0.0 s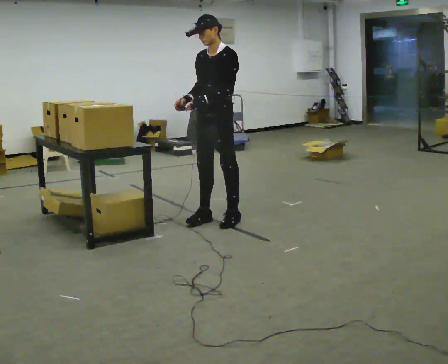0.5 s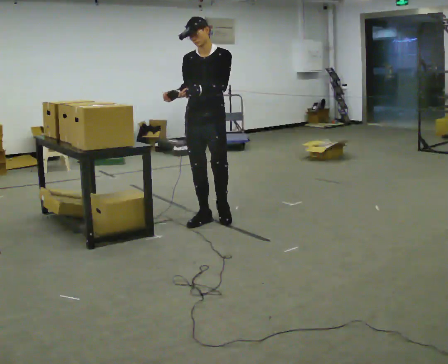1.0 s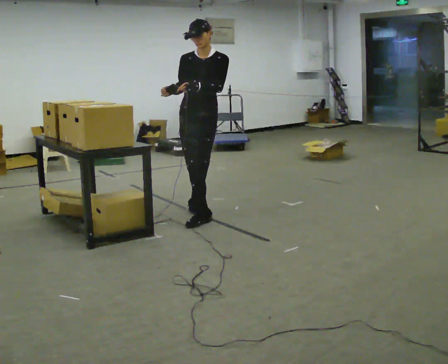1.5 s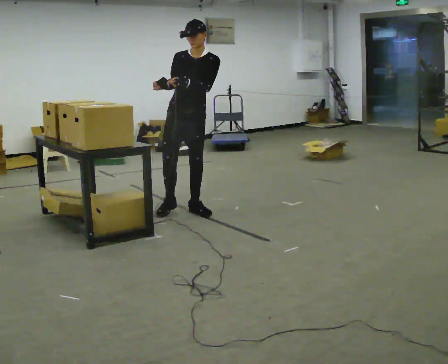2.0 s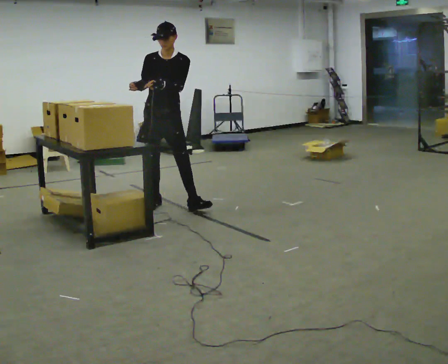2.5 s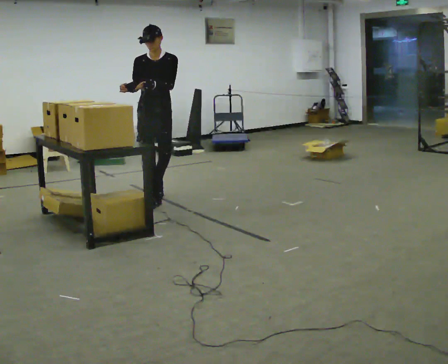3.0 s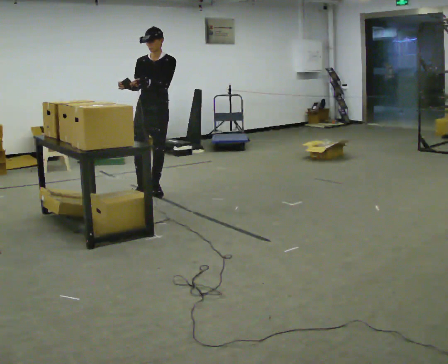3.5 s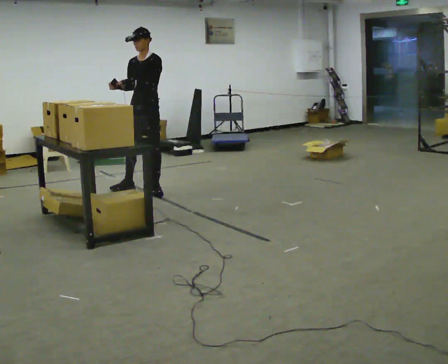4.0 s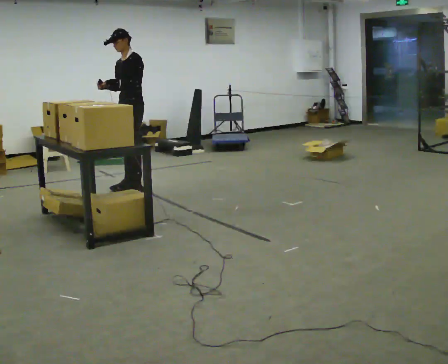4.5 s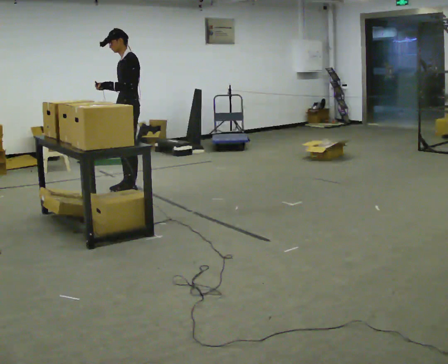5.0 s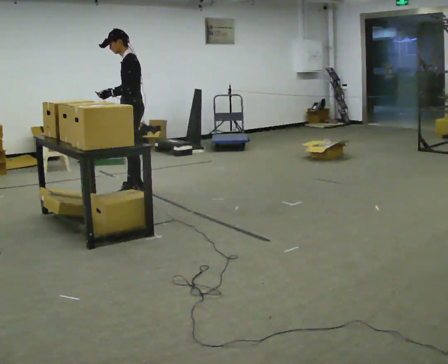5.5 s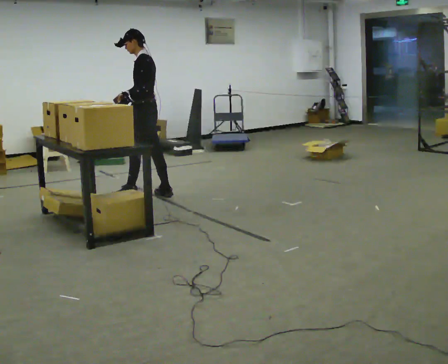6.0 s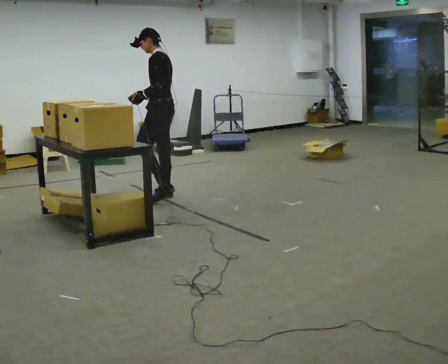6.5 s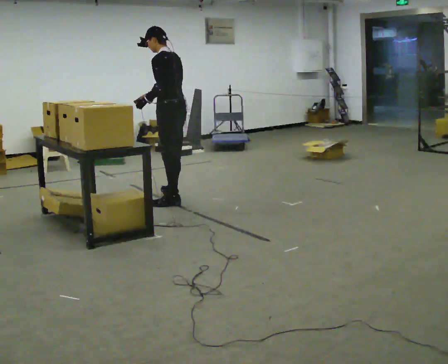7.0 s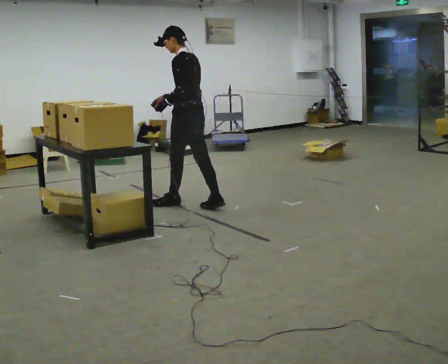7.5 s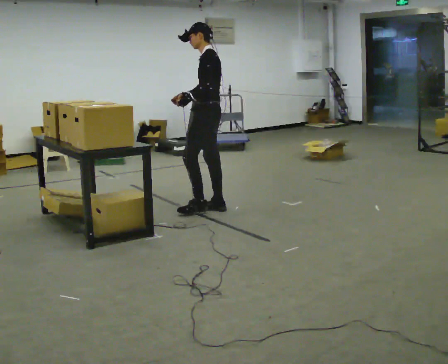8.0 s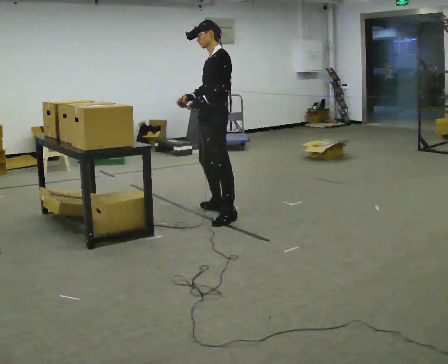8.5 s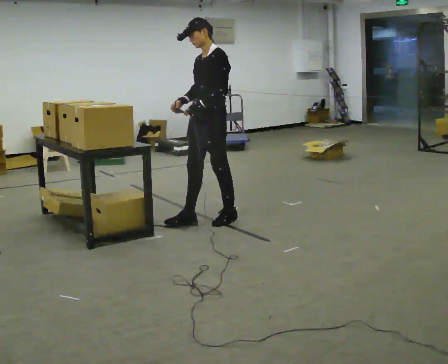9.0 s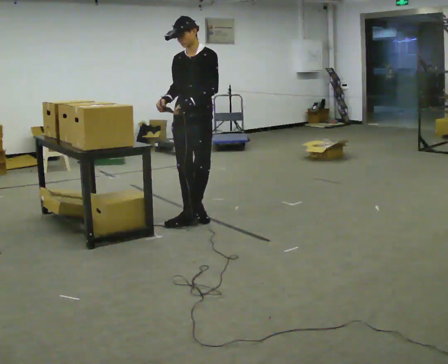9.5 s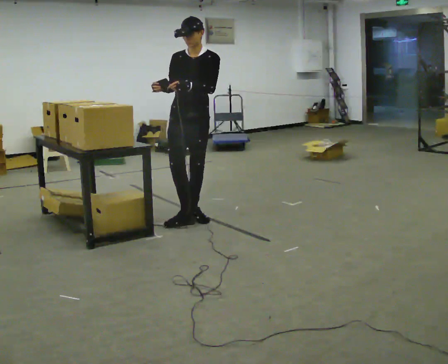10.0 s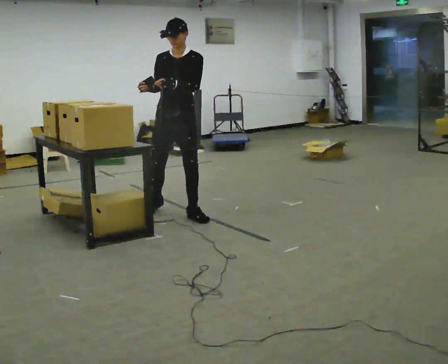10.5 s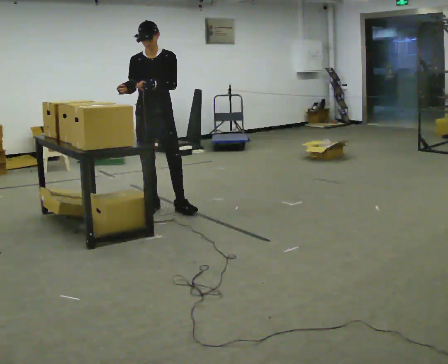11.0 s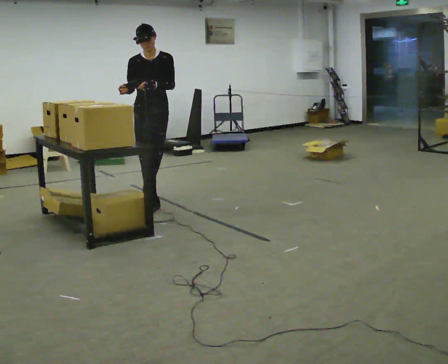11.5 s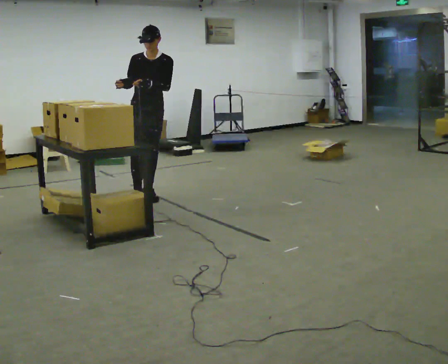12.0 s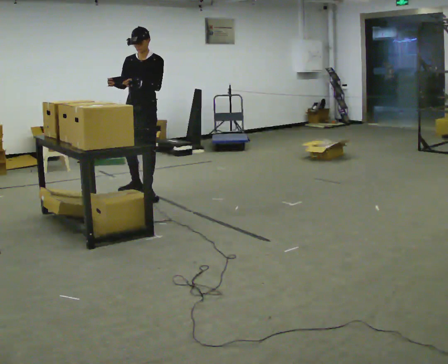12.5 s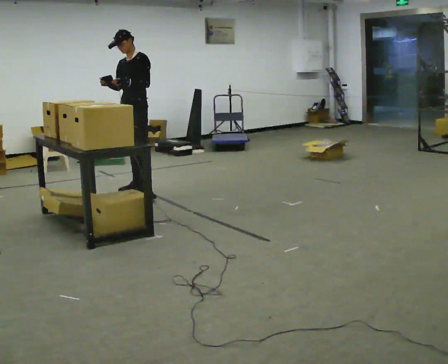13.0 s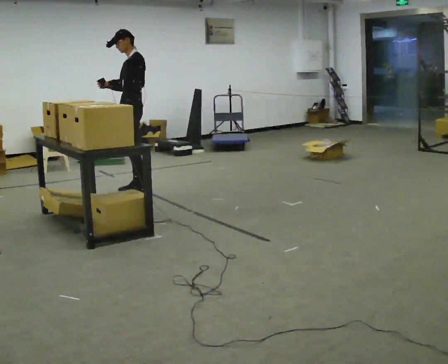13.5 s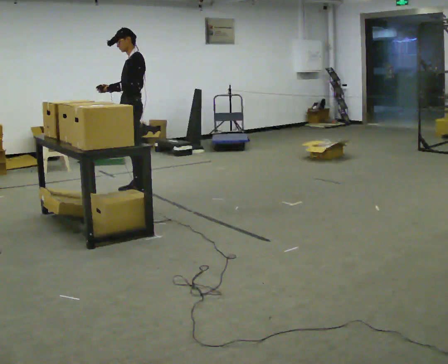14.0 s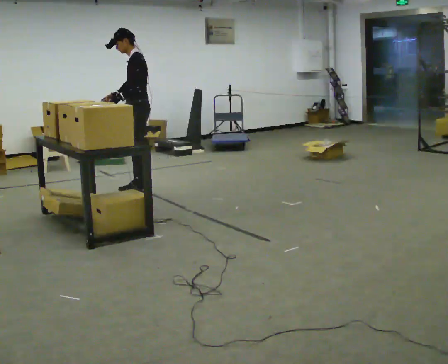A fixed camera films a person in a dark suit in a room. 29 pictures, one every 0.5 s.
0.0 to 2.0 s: The person turns about 45 degrees to their left, counterclockwise seen from above, so the part of the body nearest the lens slides to the right. In the picture they go away from the camera and to the left, about 0.5 m in 3 steps, which for them is backward and to their right.
2.0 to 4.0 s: The person turns about 45 degrees to their right, clockwise seen from above, so the part of the body nearest the lens slides to the left. In the picture they go away from the camera and to the left, about 0.5 m in 2 steps, which for them is backward and to their right. In the picture the upper body tilts counterclockwise, shoulders to the left.
4.0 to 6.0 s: Seen from above the body turns clockwise, about 60 degrees: to their right, with its near side sliding to the left. In the picture they go toward the camera and to the right, about 0.5 m in 2 steps.
6.0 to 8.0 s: Seen from above the body turns counterclockwise, about 30 degrees: to their left, with its near side sliding to the right. In the picture they go toward the camera and to the right, about 1 m in 2 steps, which for them is backward.
8.0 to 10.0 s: Seen from above the body turns counterclockwise, about 75 degrees: to their left, with its near side sliding to the right. In the picture they go to the left, about 0.25 m in 3 steps.
10.0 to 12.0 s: In the picture they go away from the camera and to the left, about 1 m in 2 steps, which for them is backward.
12.0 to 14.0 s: The part of the body nearest the lens slides to the left as the person turns to their right by about 75 degrees.
The film runs backward here.
